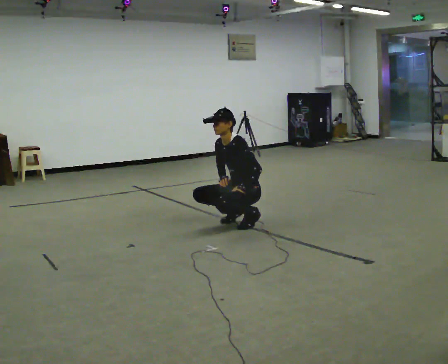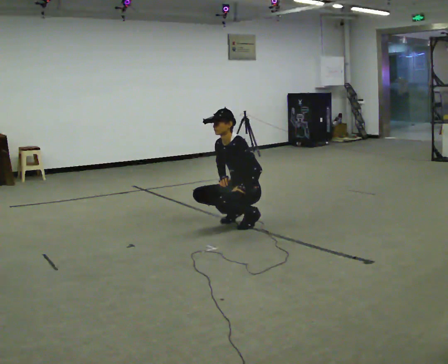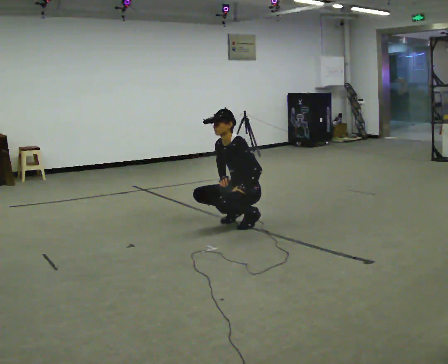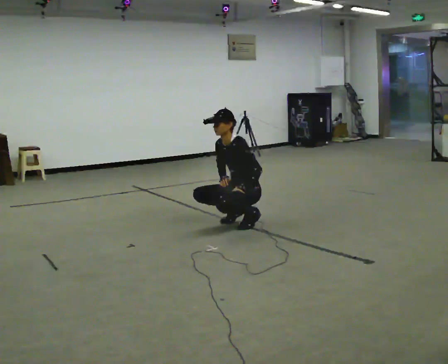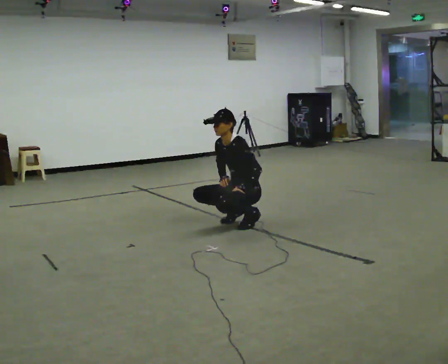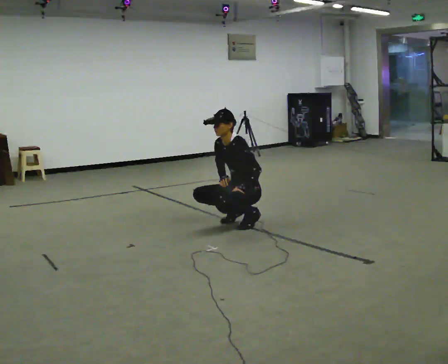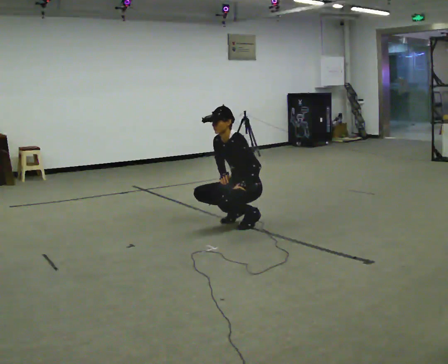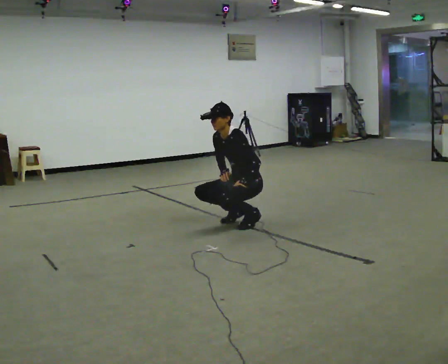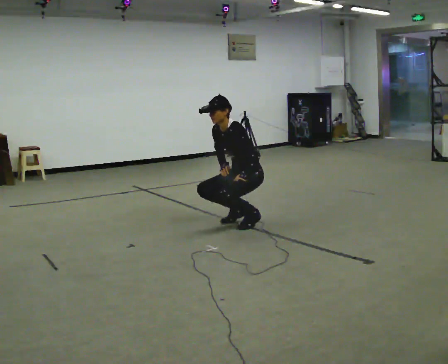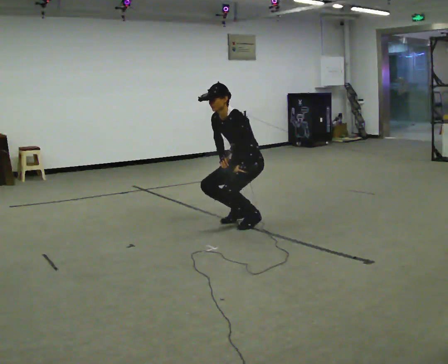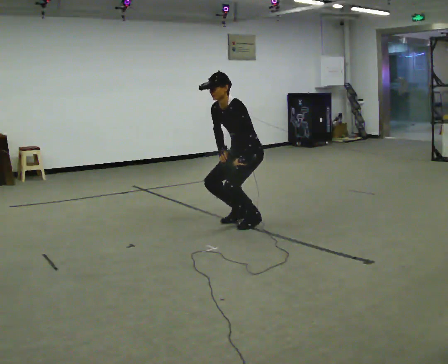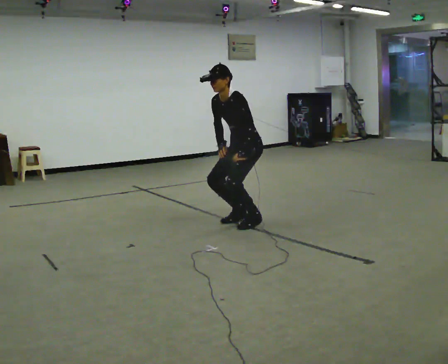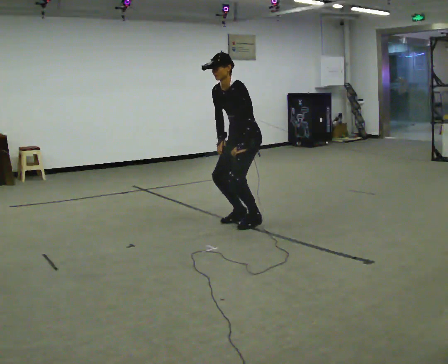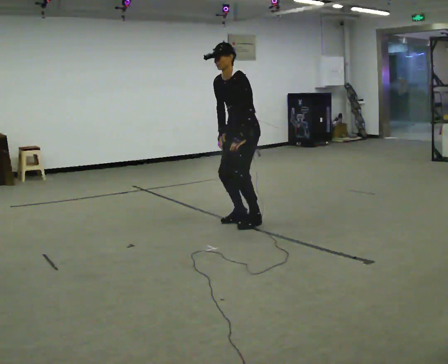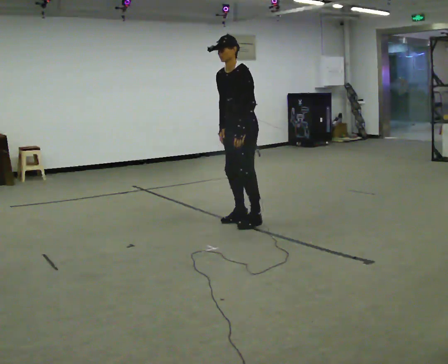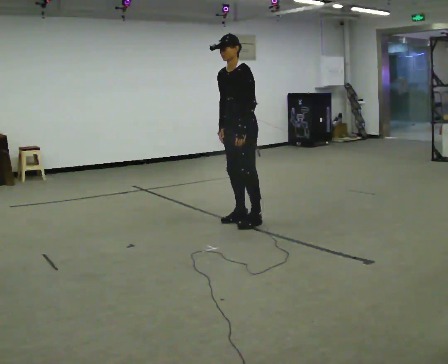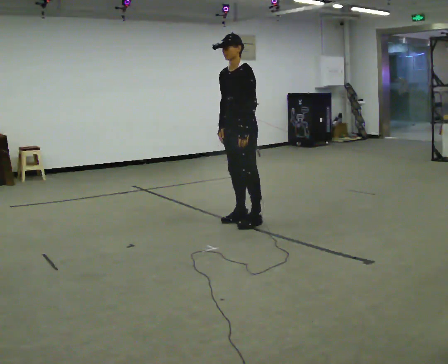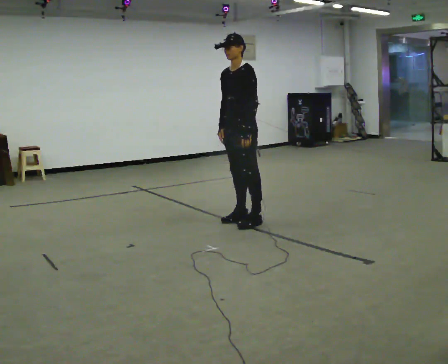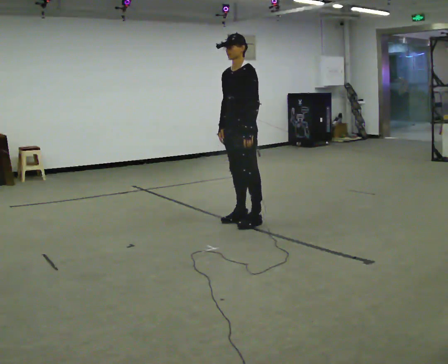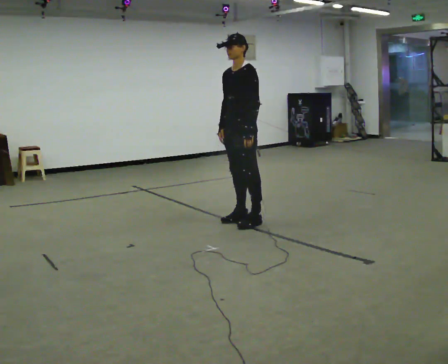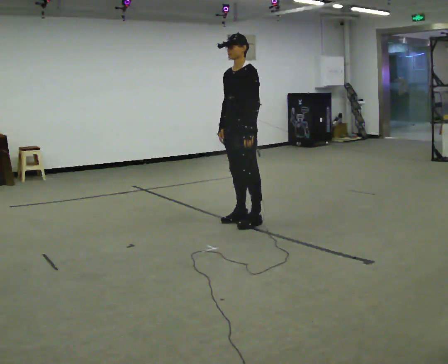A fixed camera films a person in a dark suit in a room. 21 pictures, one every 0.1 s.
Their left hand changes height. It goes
upward.
Their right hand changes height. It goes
upward.
0.0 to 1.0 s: The upper body goes upward.
1.0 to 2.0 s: The upper body goes upward. In the picture the upper body tilts clockwise, shoulders to the right, as they lean back or straighten.
The film runs forward here.
